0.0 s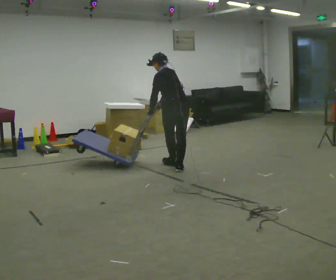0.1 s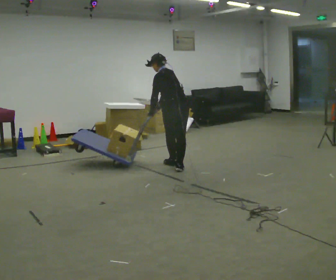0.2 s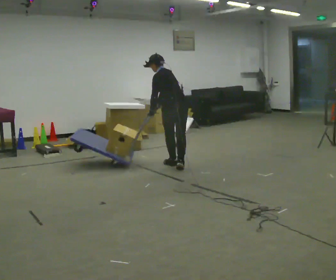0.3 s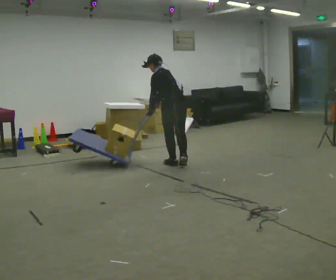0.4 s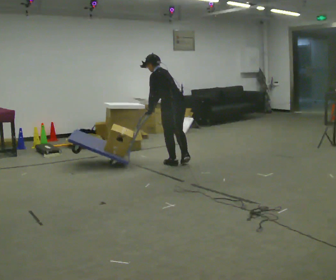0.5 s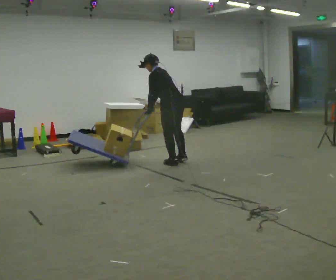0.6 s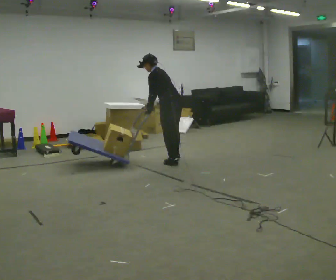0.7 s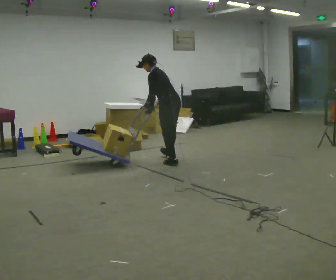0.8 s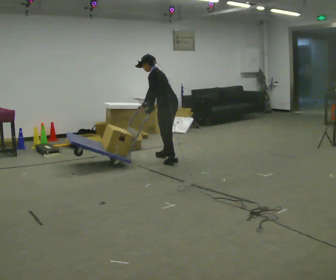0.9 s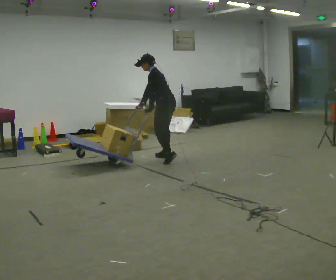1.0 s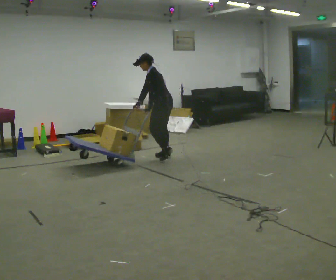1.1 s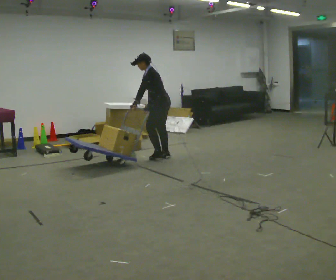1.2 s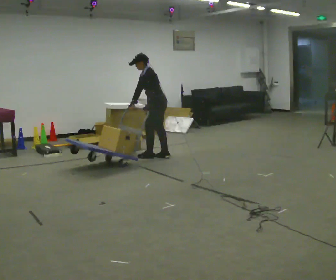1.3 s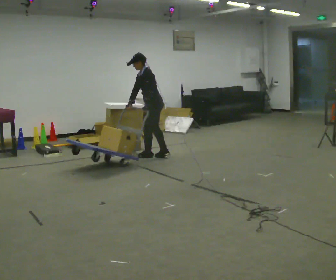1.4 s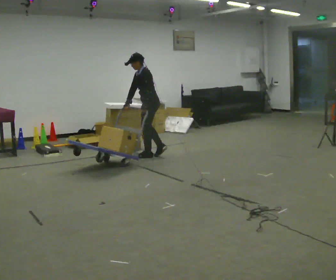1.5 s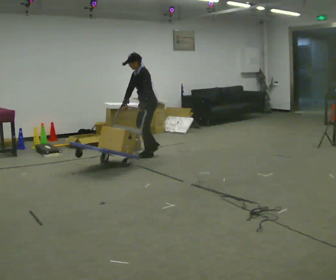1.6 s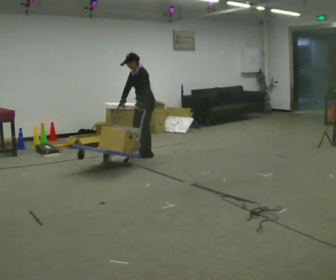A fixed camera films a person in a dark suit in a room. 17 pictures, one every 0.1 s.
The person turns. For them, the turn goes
to their left.
The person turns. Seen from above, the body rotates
counterclockwise.
0.0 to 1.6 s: Seen from above the body turns counterclockwise, about 75 degrees: to their left, with its near side sliding to the right. In the picture they go away from the camera and to the left, about 1 m in 3 steps. The upper body tips toward the camera, its near side rolling downward.
The film runs forward here.
